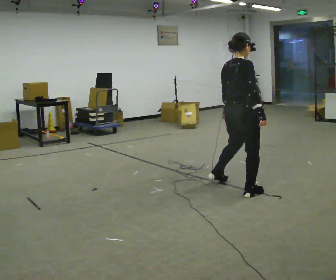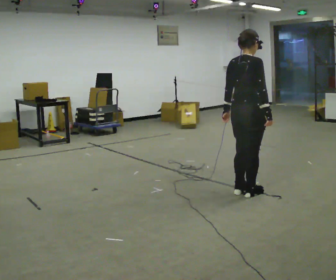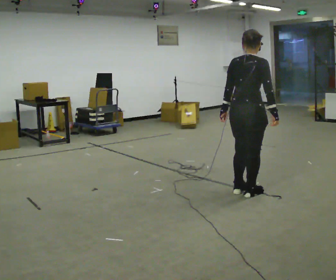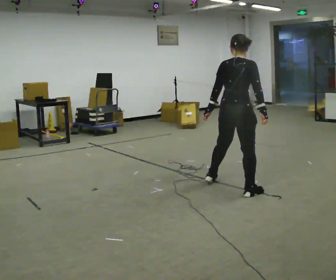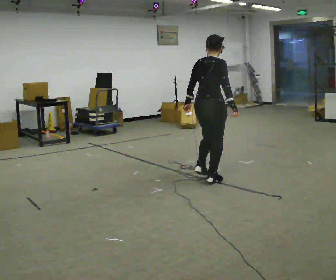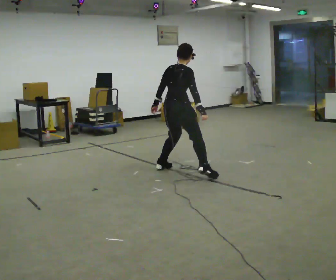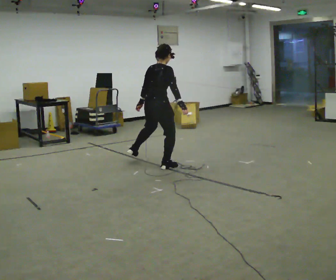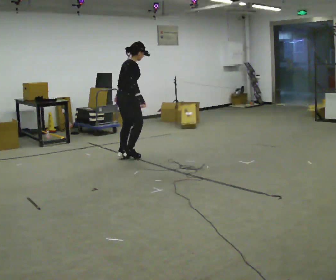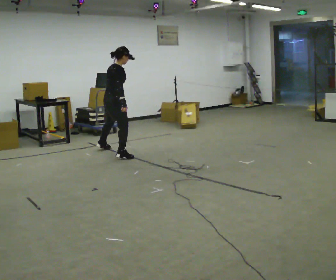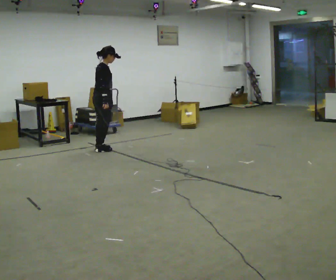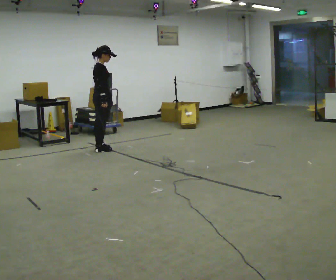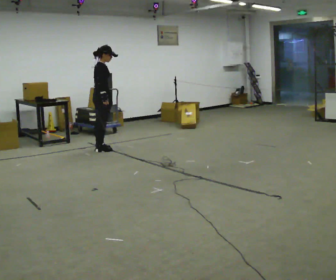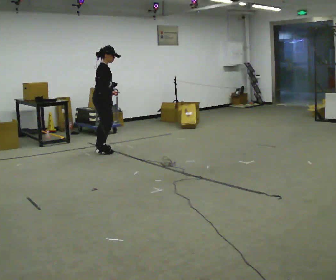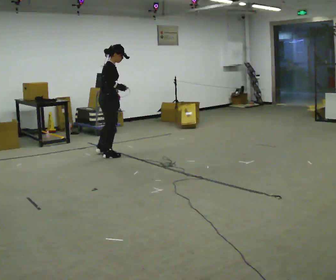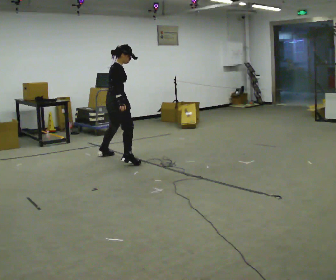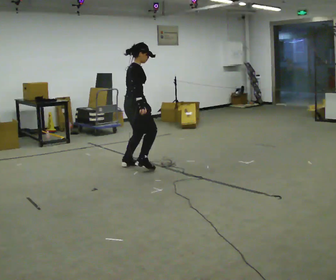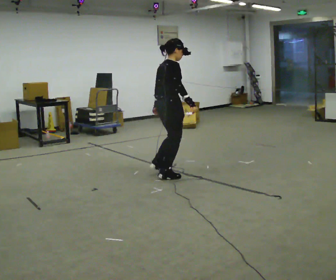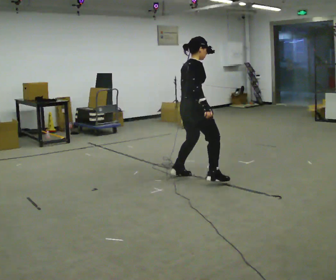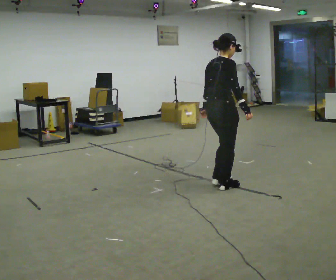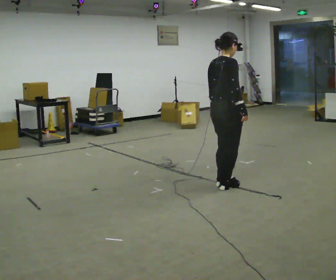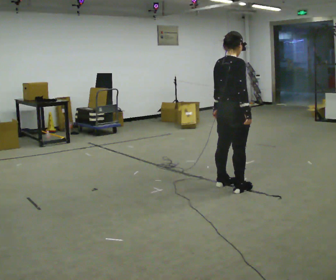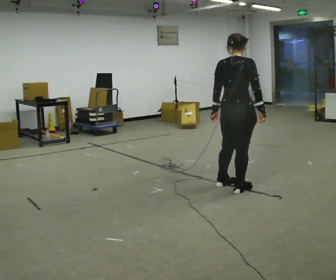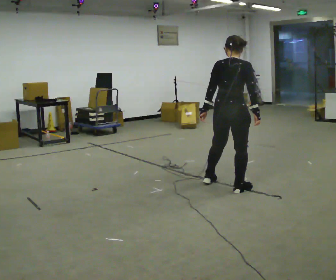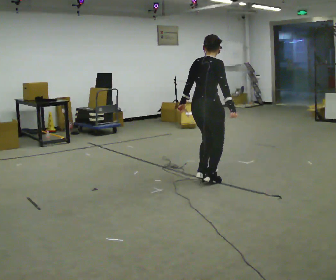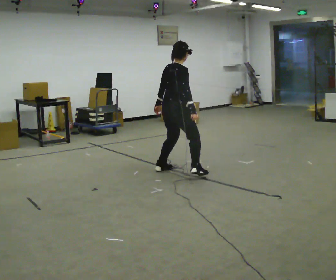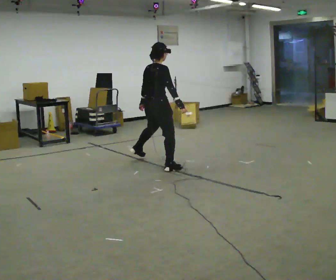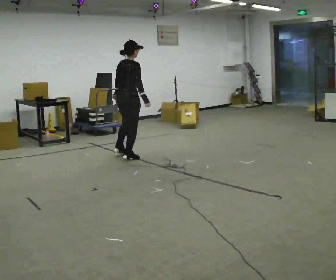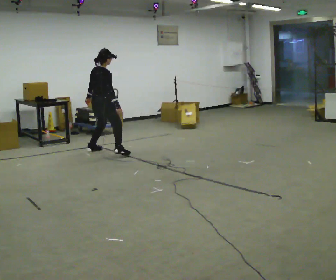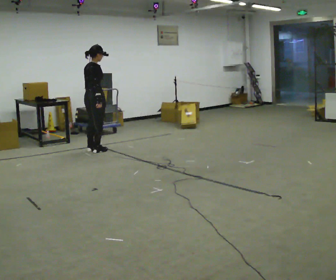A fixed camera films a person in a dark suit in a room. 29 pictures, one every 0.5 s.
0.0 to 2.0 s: In the picture they go away from the camera and to the left, about 0.5 m in 3 steps, which for them is to their left.
2.0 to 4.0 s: In the picture they go away from the camera and to the left, about 2 m in 4 steps, which for them is to their left.
4.0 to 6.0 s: In the picture they go away from the camera and to the left, about 0.25 m in 2 steps, which for them is to their left.
6.0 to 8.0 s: In the picture they go toward the camera and to the right, about 1.5 m in 5 steps, which for them is to their right.
8.0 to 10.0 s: In the picture they go toward the camera and to the right, about 1 m in 4 steps, which for them is to their right.
10.0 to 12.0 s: In the picture they go away from the camera and to the left, about 1 m in 3 steps, which for them is to their left.
12.0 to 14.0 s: In the picture they go away from the camera and to the left, about 1.5 m in 5 steps, which for them is to their left.
The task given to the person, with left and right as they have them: Gallop forward leading with the leg the operator calls, keeping the same leg in front throughout.
The film runs forward here.
